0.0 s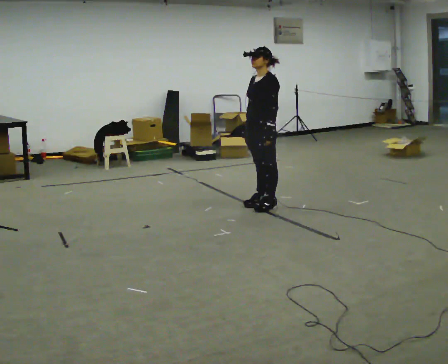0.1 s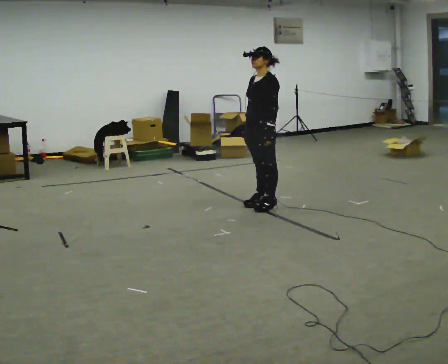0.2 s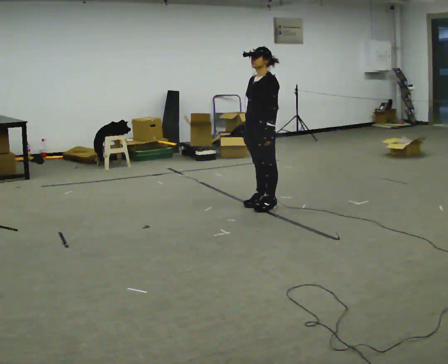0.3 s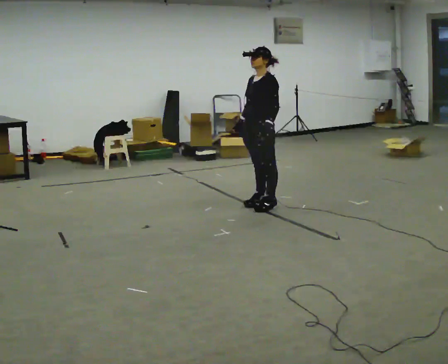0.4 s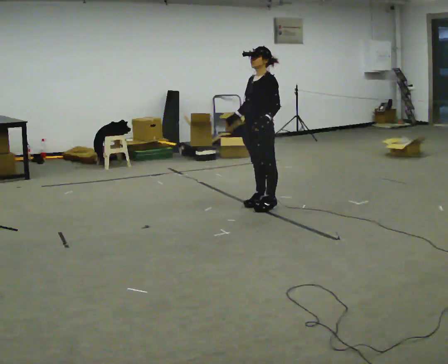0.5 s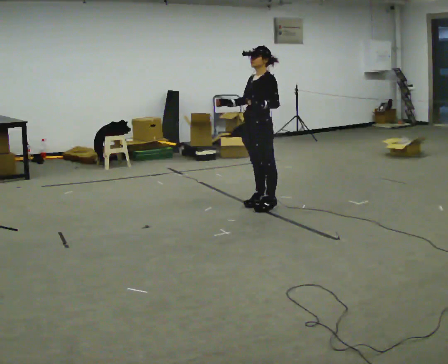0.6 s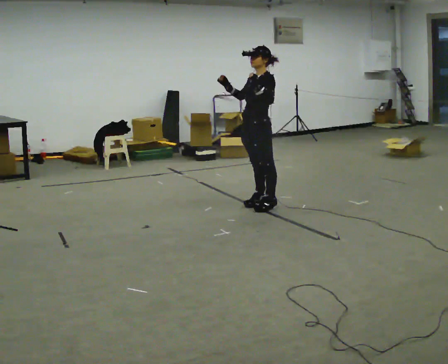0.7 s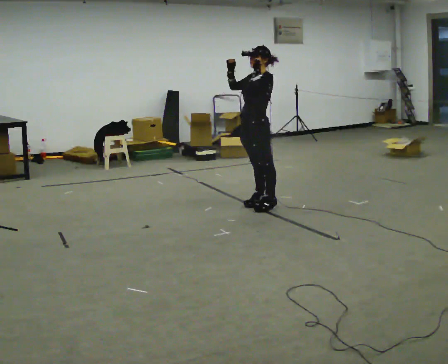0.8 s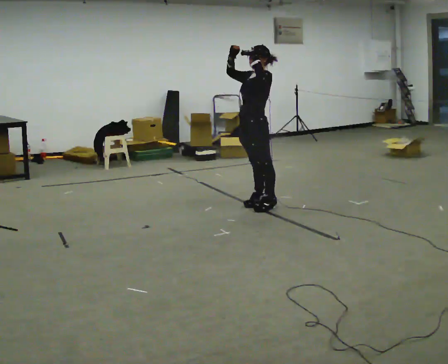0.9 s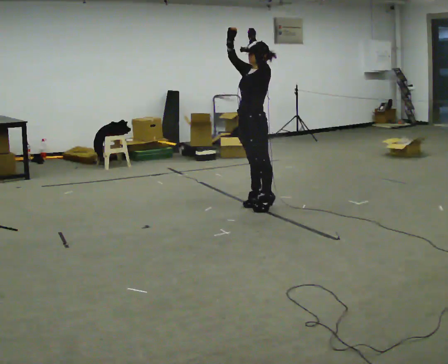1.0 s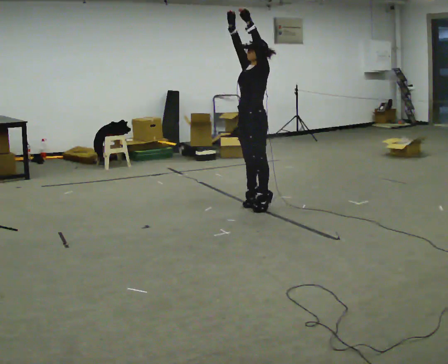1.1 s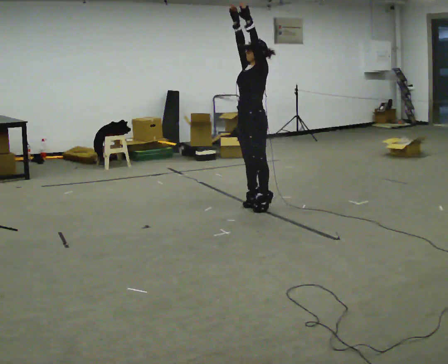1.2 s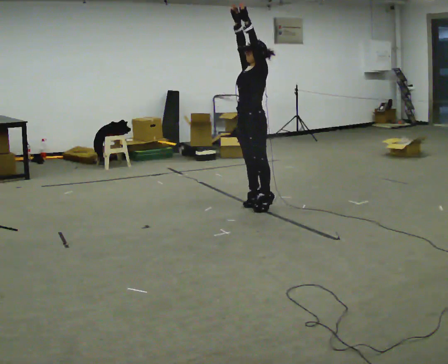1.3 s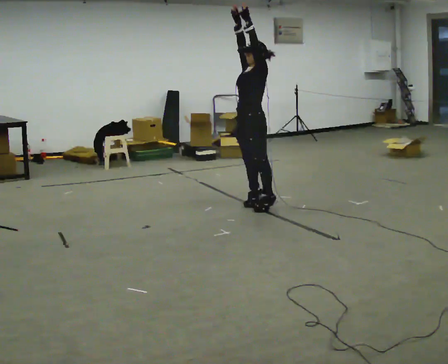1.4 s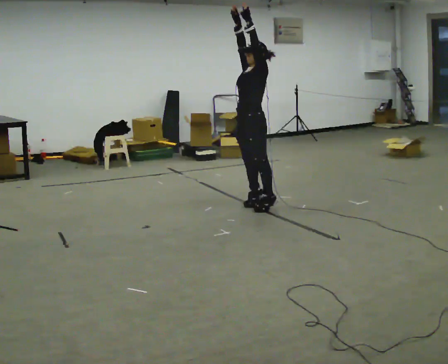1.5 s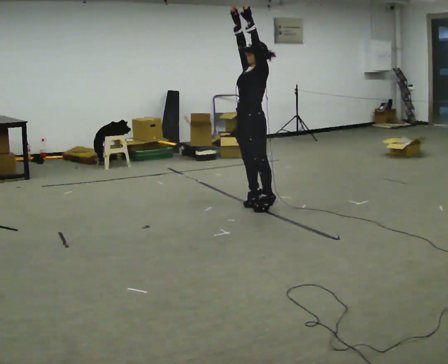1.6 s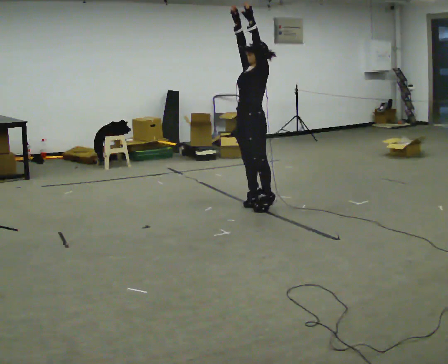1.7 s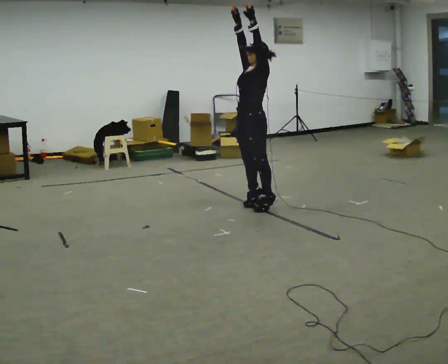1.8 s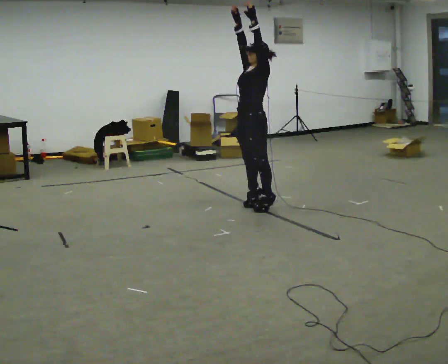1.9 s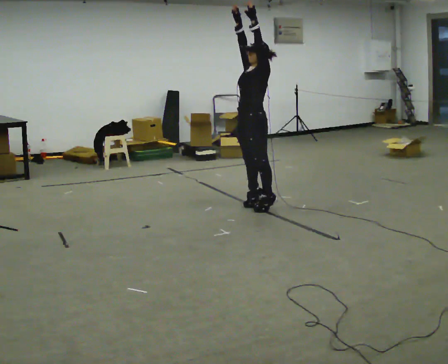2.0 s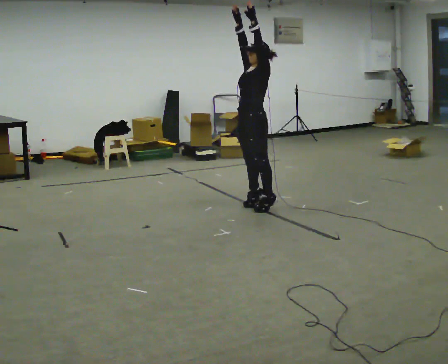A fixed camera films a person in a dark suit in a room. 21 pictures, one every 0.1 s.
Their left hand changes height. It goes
upward.
Their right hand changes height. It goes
upward.
0.0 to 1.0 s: In the picture their right hand goes upward.
1.0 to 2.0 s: The person moves a little, or ends about where they began.
The film runs forward here.
